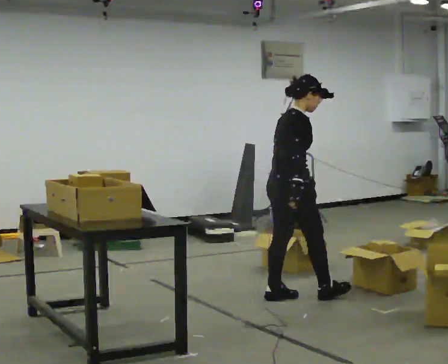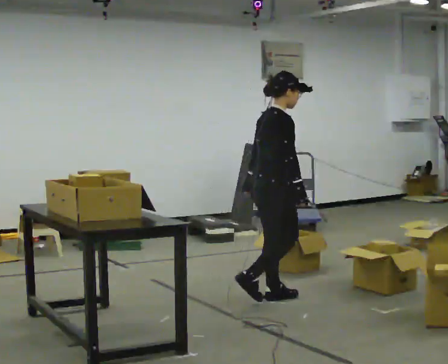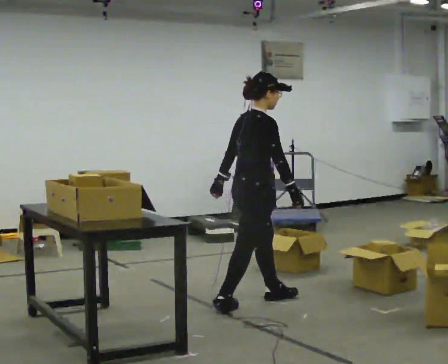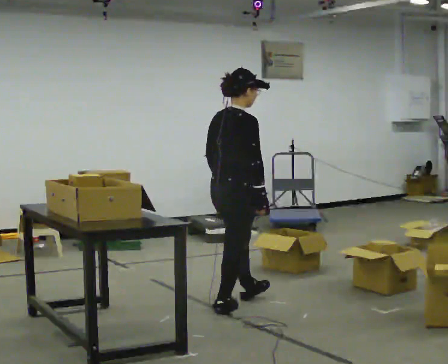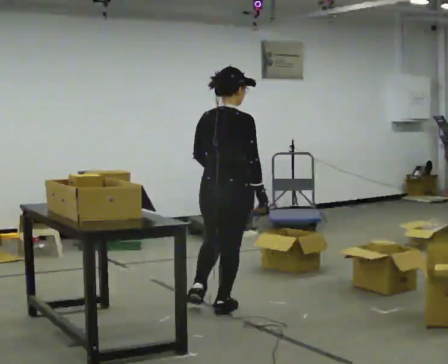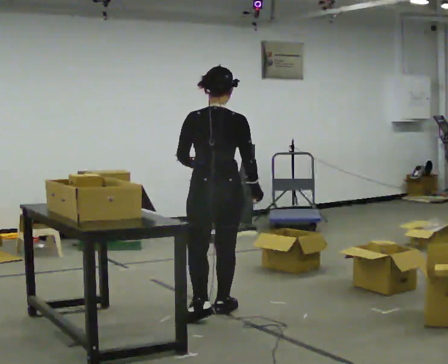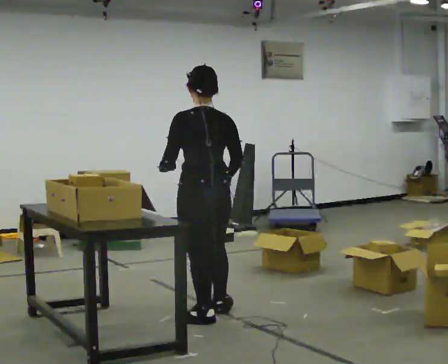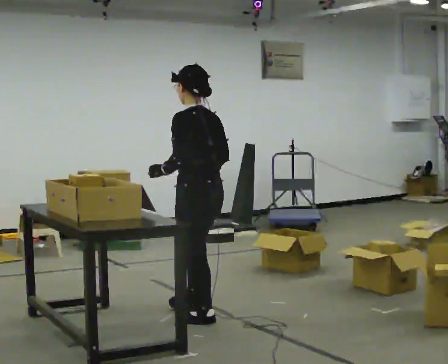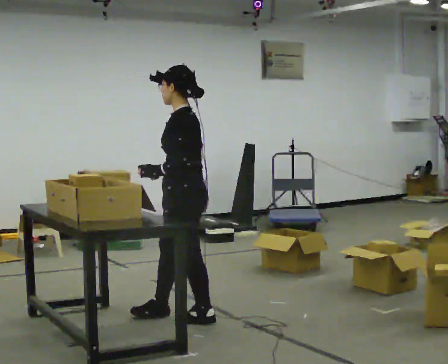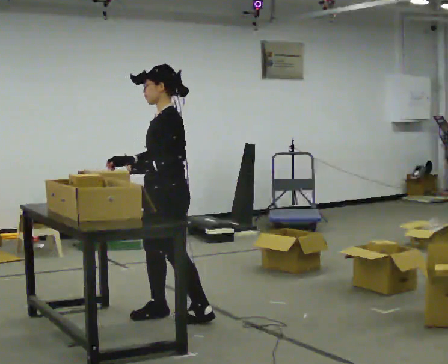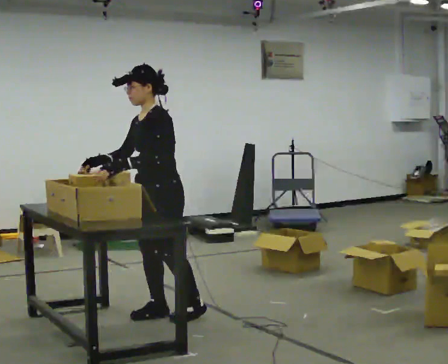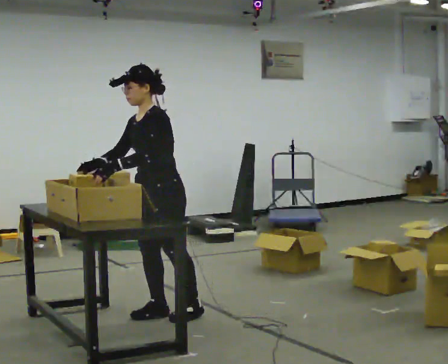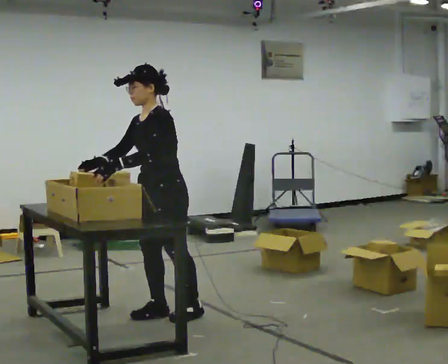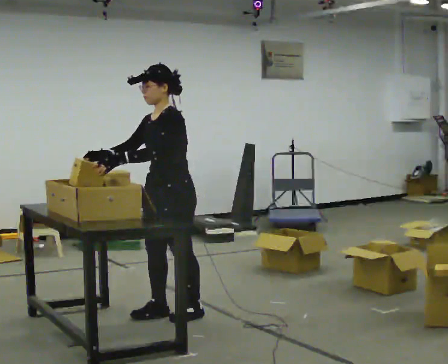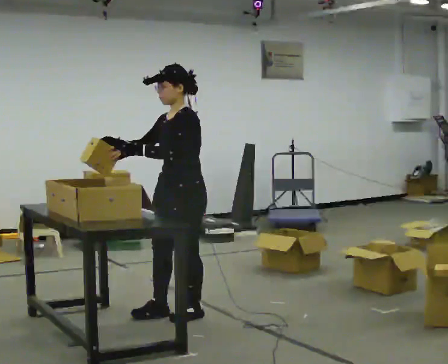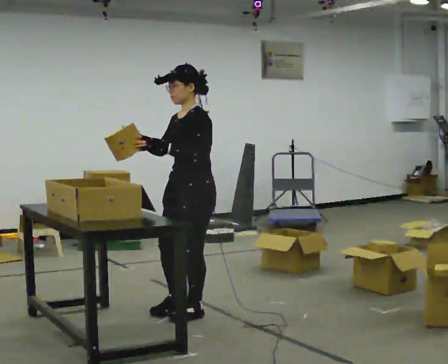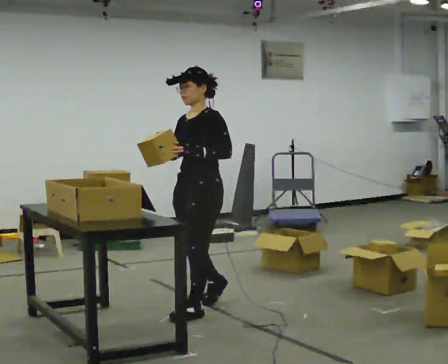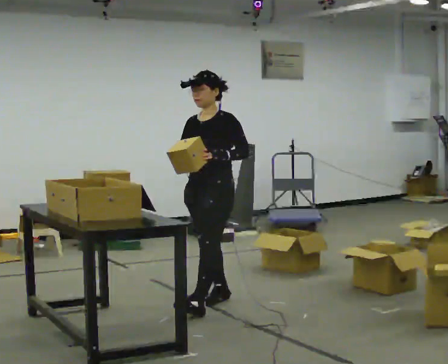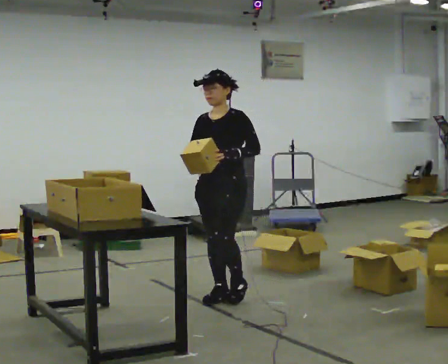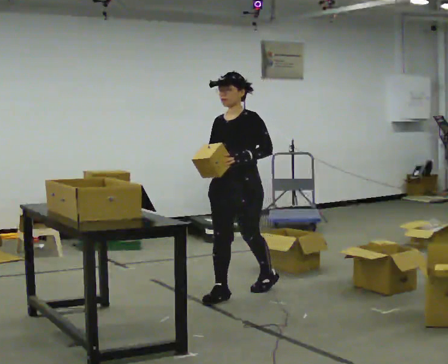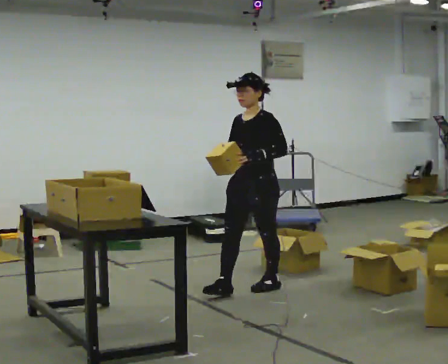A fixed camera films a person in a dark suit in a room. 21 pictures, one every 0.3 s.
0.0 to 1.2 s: The part of the body nearest the lens slides to the right as the person turns to their left by about 45 degrees. In the picture they go to the left and toward the camera, about 0.5 m in 1 step, which for them is backward.
1.2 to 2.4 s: Seen from above the body turns counterclockwise, about 120 degrees: to their left, with its near side sliding to the right. In the picture they go to the left and toward the camera, about 0.25 m in 1 step.
2.4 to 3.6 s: Seen from above the body turns counterclockwise, about 45 degrees: to their left, with its near side sliding to the right. In the picture they go to the left, about 0.25 m in 1 step, which for them is to their right. In the picture their right hand goes to the left.
3.6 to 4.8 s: In the picture they go to the right, about 0.25 m in 1 step, which for them is backward.
4.8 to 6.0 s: In the picture they go away from the camera and to the right, about 0.75 m in 2 steps, which for them is backward.
The film runs backward here.
